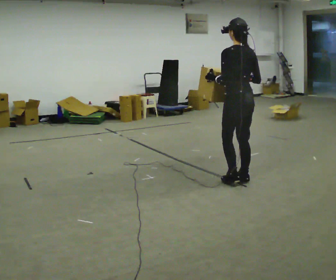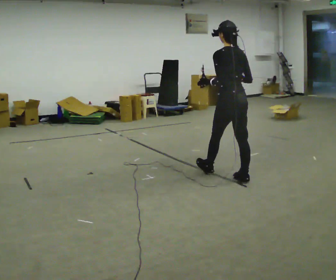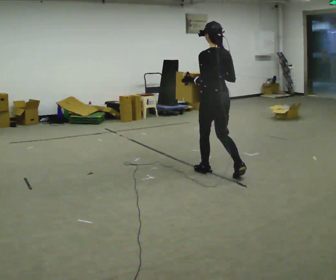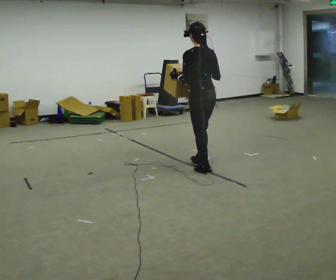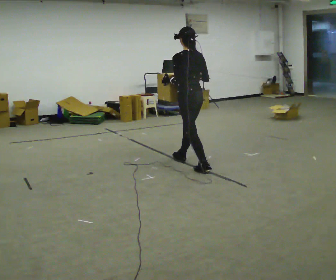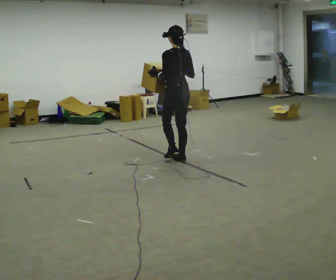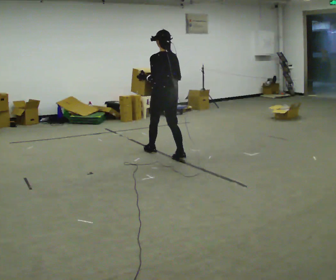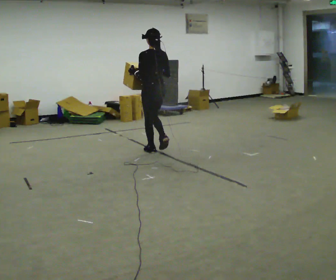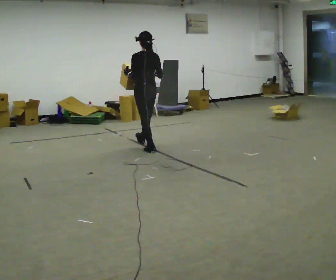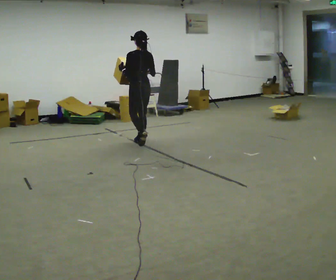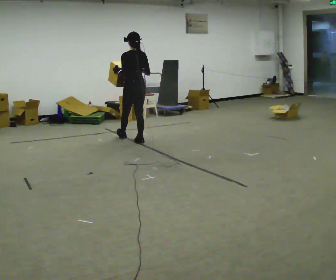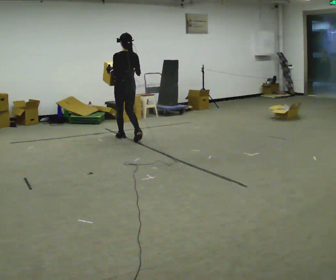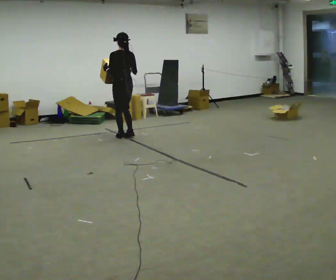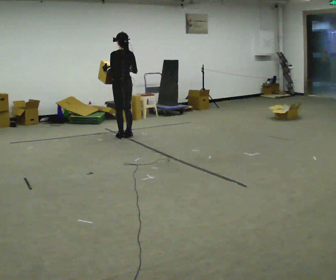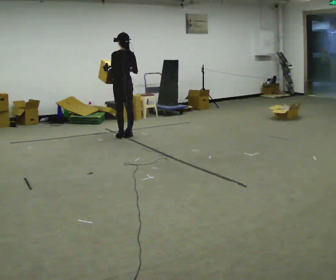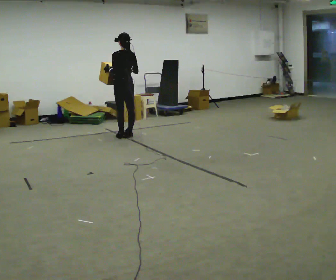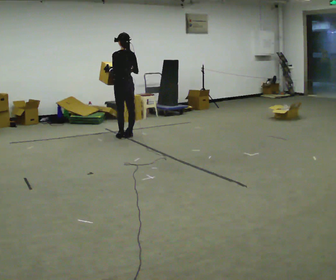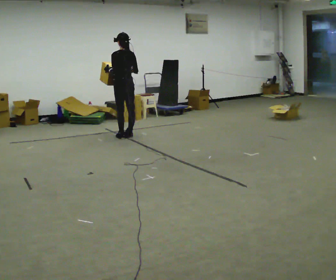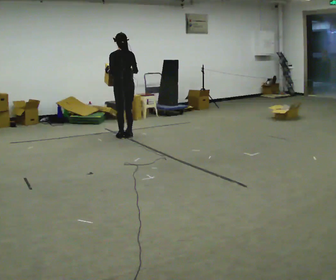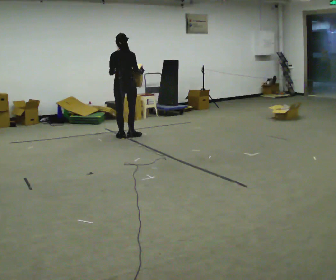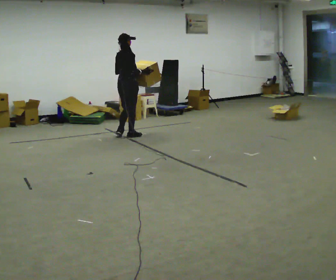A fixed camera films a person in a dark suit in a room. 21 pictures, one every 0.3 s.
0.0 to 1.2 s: In the picture they go away from the camera and to the left, about 1 m in 2 steps, which for them is forward.
1.2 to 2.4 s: In the picture they go away from the camera and to the left, about 1 m in 1 step, which for them is forward.
2.4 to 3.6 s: In the picture they go away from the camera and to the left, about 0.5 m in 2 steps, which for them is forward.
3.6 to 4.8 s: The person moves a little, or ends about where they began.
4.8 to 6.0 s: The person turns about 75 degrees to their right, clockwise seen from above, so the part of the body nearest the lens slides to the left.
The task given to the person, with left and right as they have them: Carry the box across the room as briskly as you comfortably can, back and forth. Do not run.
The film runs forward here.
